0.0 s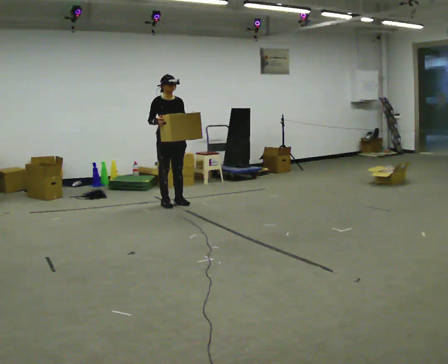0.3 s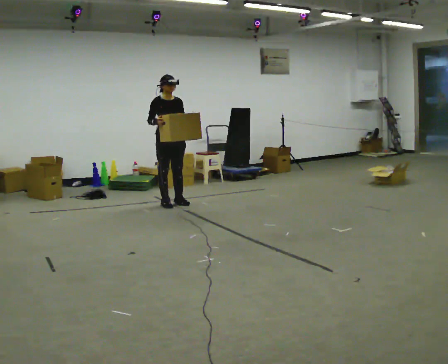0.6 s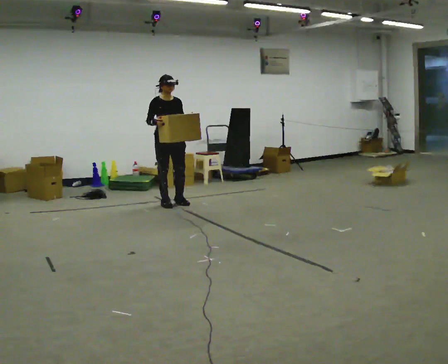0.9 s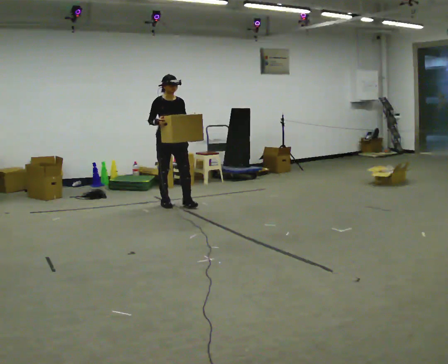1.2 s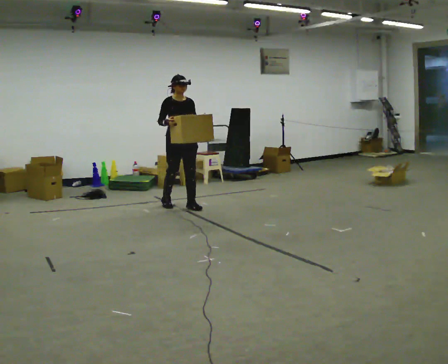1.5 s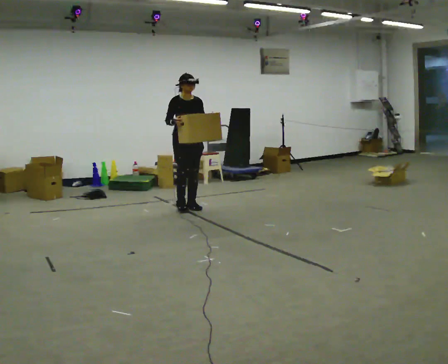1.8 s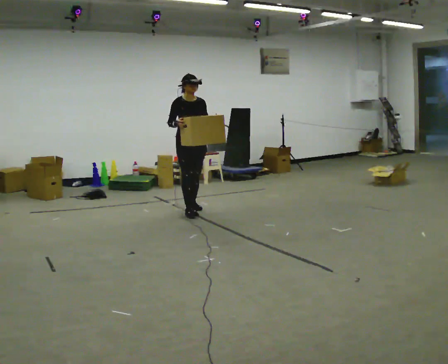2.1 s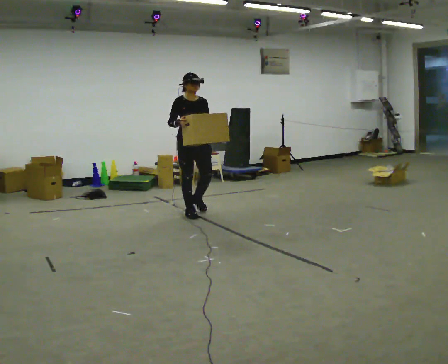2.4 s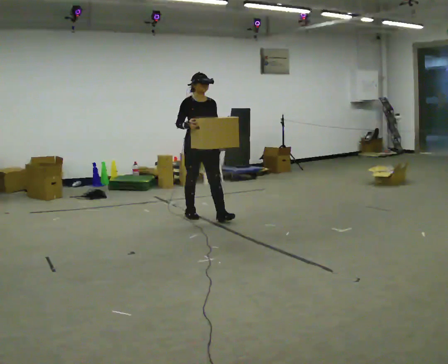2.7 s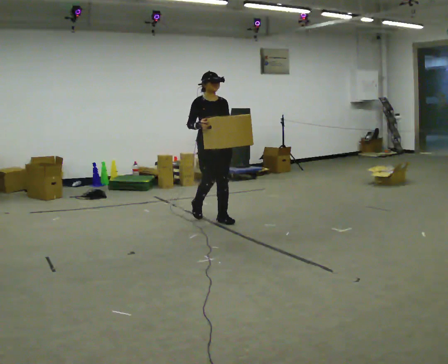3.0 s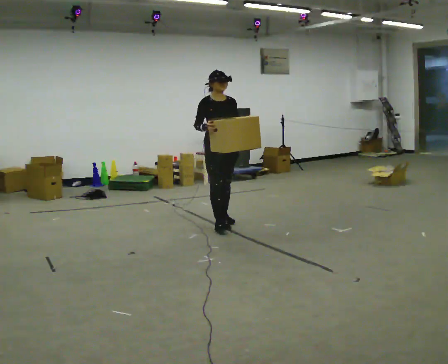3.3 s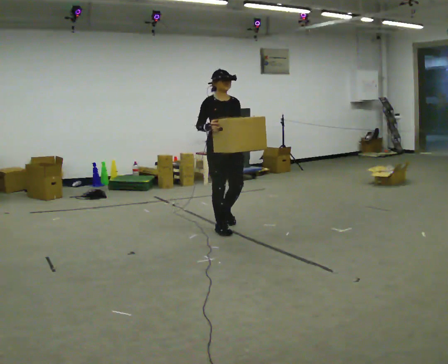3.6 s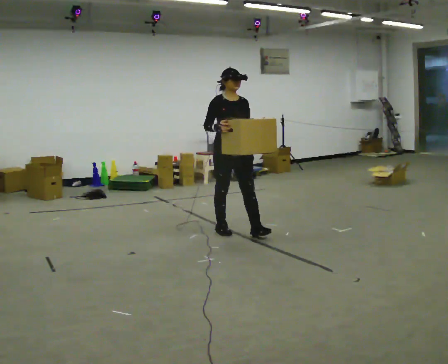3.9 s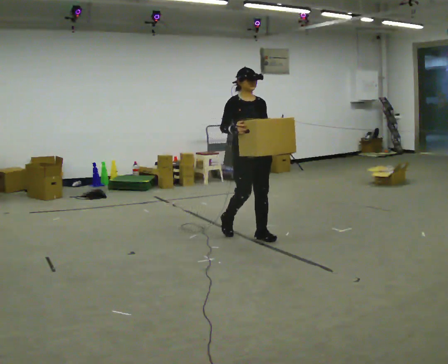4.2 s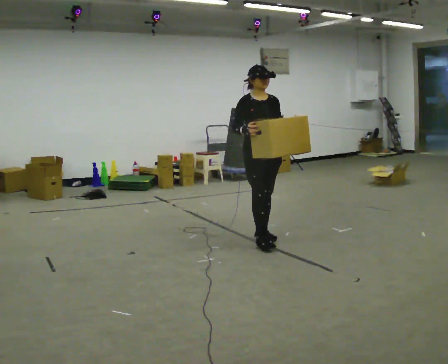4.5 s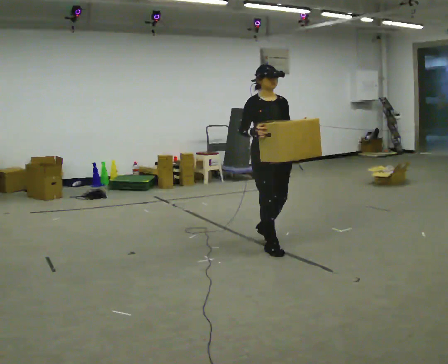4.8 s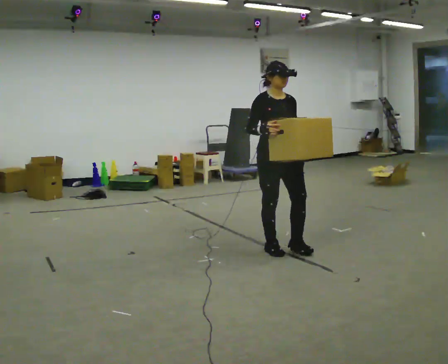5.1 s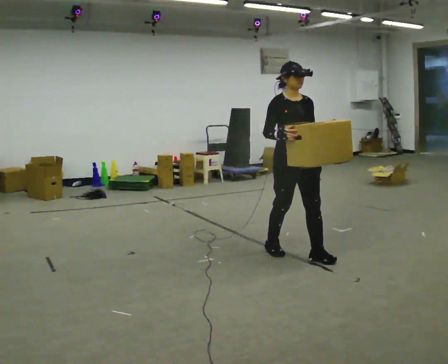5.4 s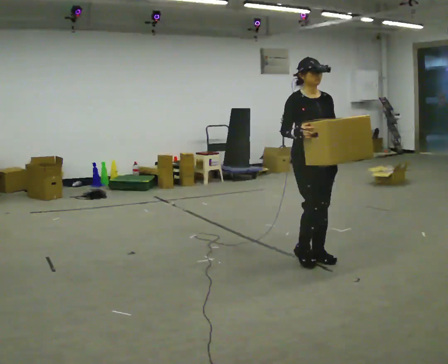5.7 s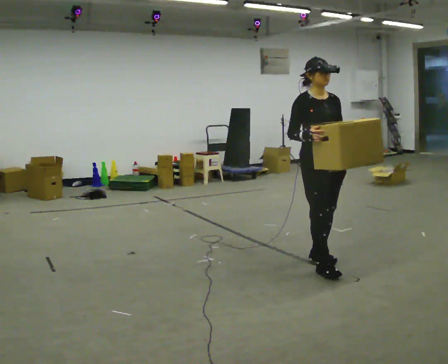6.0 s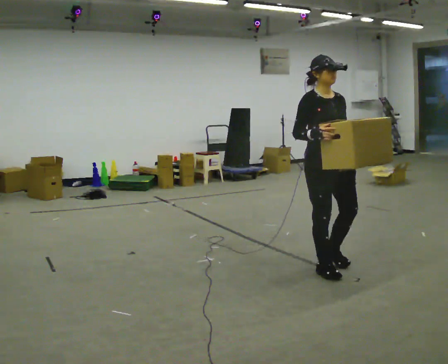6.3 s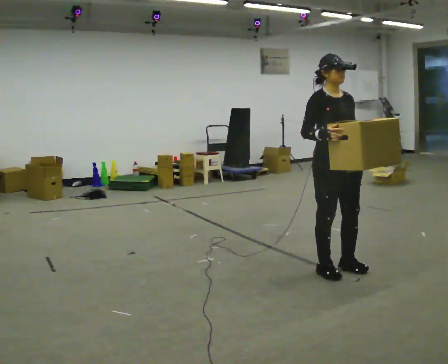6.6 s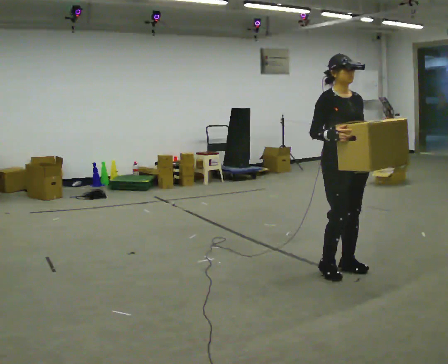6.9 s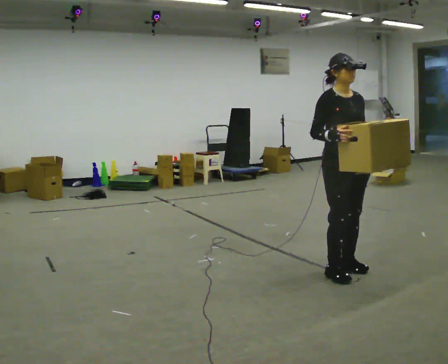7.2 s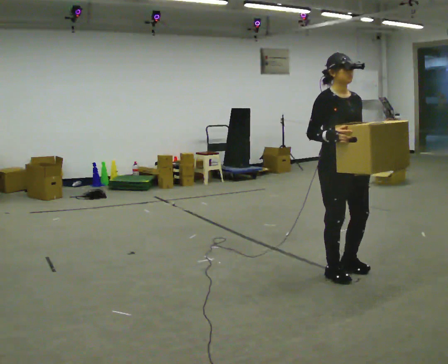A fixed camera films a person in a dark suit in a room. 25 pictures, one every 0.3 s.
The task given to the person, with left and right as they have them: Carry the heavy box in both hands in front of you, walking back and forth across the room. Keep walking until the operator says stop. Set it down if you need a rest.
0.0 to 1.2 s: In the picture they go to the right, about 0.25 m in 1 step, which for them is forward.
1.2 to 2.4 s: In the picture they go toward the camera and to the right, about 0.5 m in 2 steps, which for them is forward.
2.4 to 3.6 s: In the picture they go toward the camera and to the right, about 0.5 m in 1 step, which for them is forward.
3.6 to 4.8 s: In the picture they go toward the camera and to the right, about 0.5 m in 2 steps, which for them is forward.
4.8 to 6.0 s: In the picture they go toward the camera and to the right, about 0.5 m in 2 steps, which for them is forward.
6.0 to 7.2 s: The person moves a little, or ends about where they began.
The film runs forward here.
